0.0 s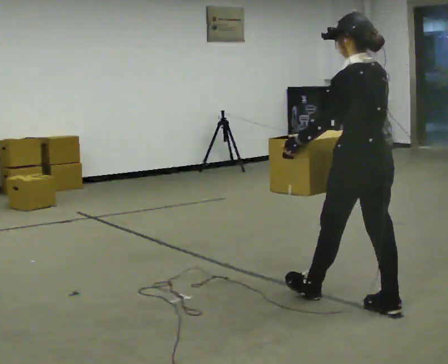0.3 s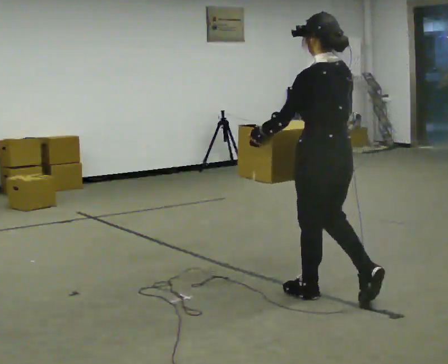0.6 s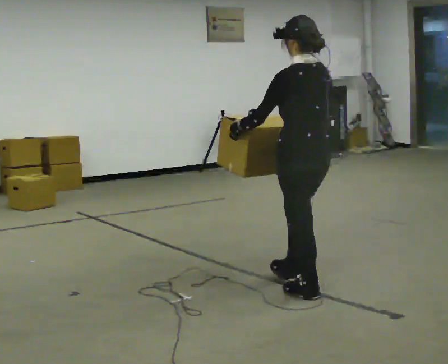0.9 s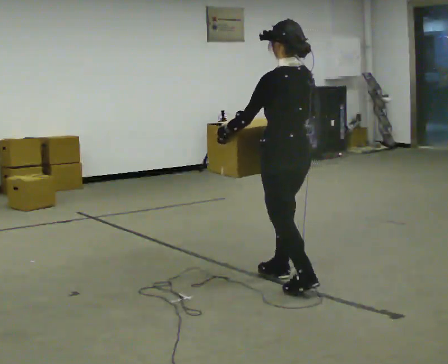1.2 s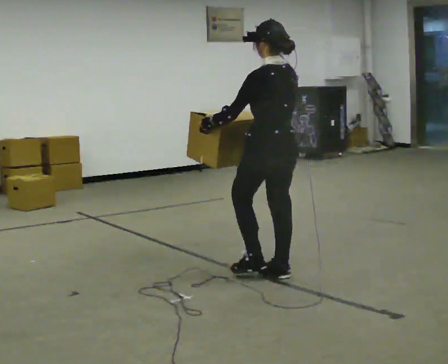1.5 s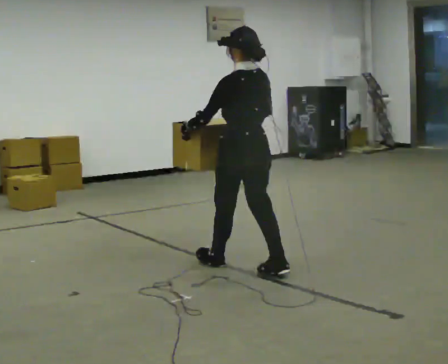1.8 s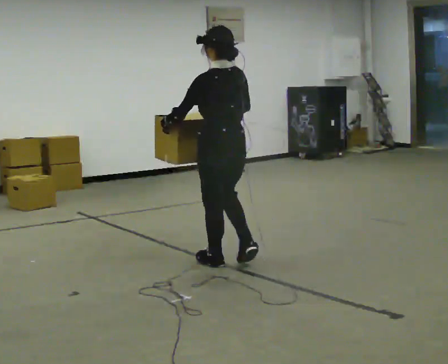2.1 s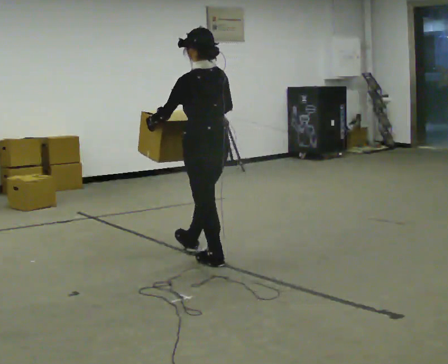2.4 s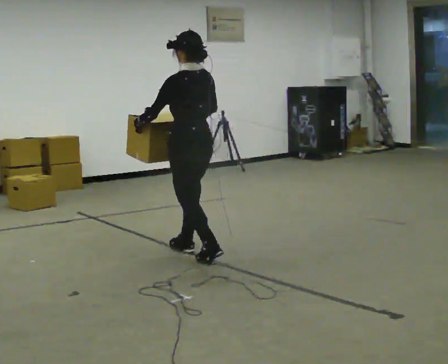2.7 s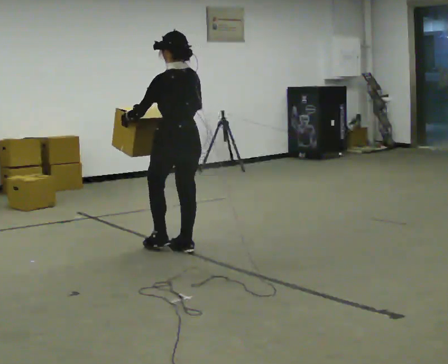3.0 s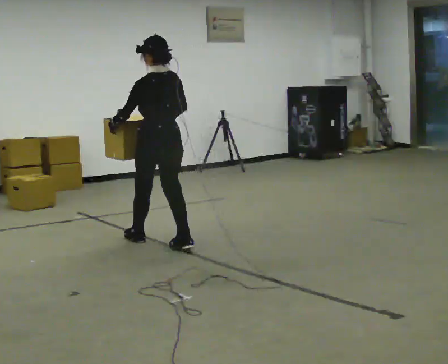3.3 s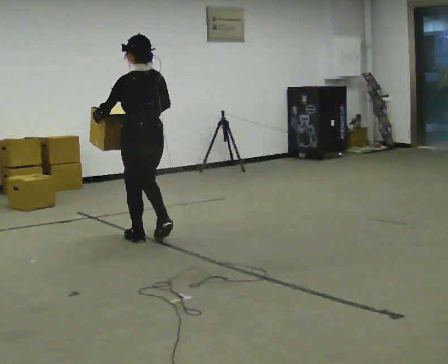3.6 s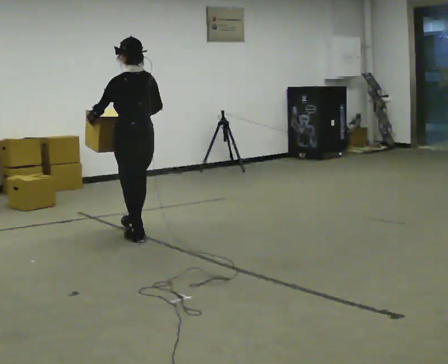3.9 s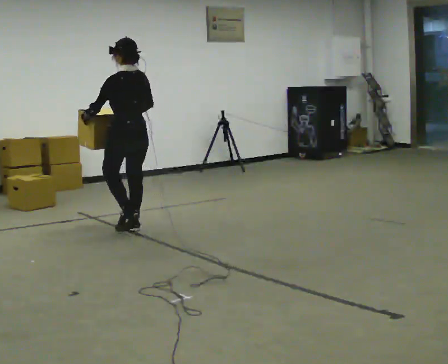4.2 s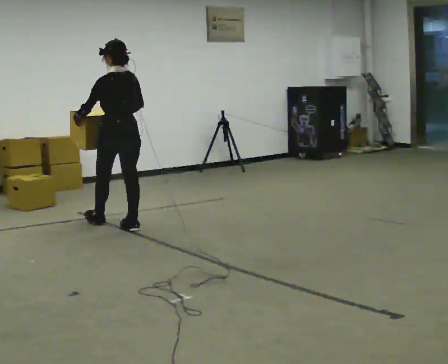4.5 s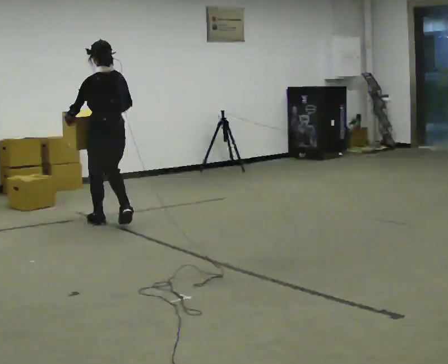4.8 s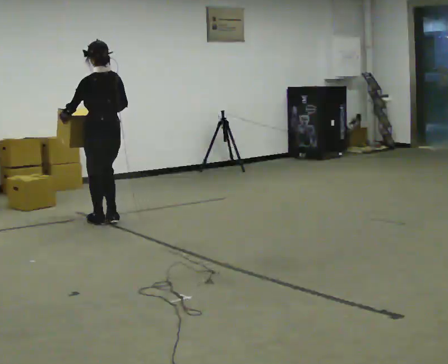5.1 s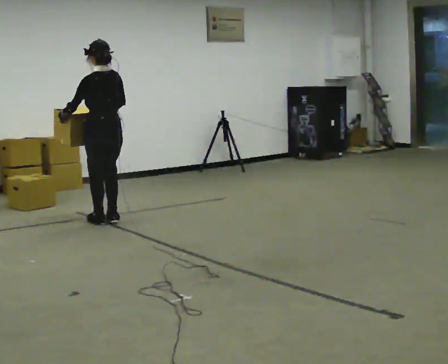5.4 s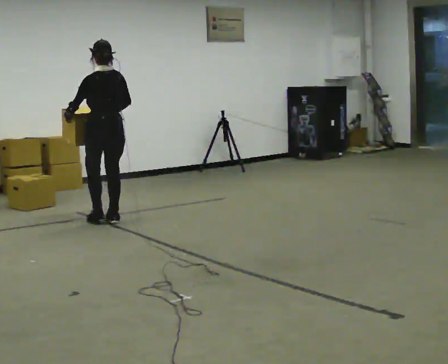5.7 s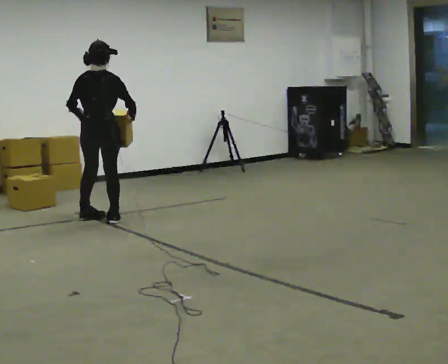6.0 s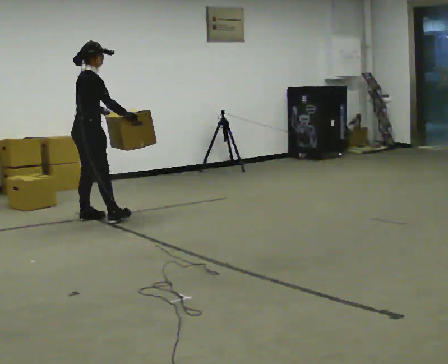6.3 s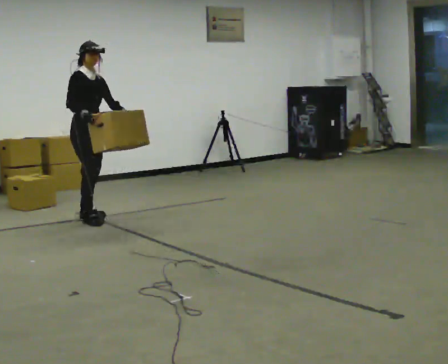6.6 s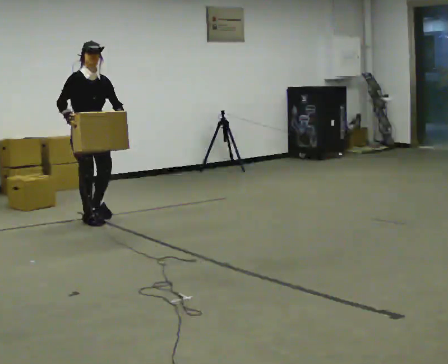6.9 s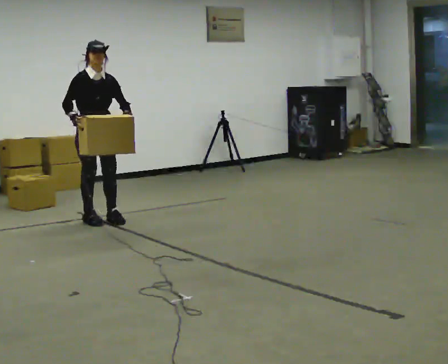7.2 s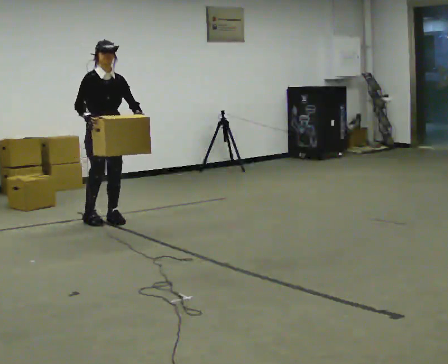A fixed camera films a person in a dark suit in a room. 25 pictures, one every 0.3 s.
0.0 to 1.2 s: In the picture they go away from the camera and to the left, about 1 m in 1 step, which for them is forward.
1.2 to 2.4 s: In the picture they go away from the camera and to the left, about 1 m in 2 steps, which for them is forward.
2.4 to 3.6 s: In the picture they go away from the camera and to the left, about 0.5 m in 2 steps, which for them is forward.
3.6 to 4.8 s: In the picture they go away from the camera and to the left, about 0.5 m in 2 steps, which for them is forward.
4.8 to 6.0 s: The part of the body nearest the lens slides to the left as the person turns to their right by about 105 degrees. In the picture they go to the left and away from the camera, about 0.25 m in 1 step.
6.0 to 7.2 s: Seen from above the body turns clockwise, about 75 degrees: to their right, with its near side sliding to the left. In the picture they go to the right, about 0.25 m in 2 steps.
The film runs forward here.
